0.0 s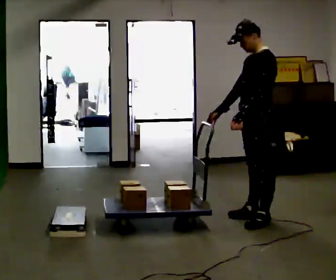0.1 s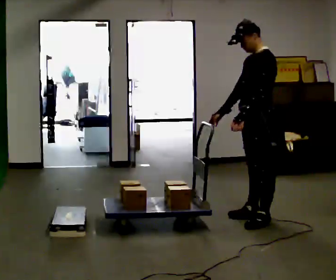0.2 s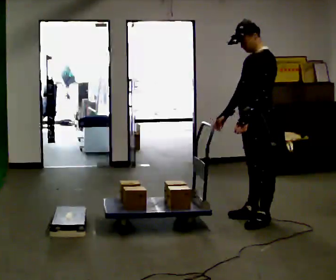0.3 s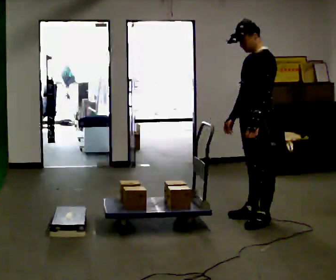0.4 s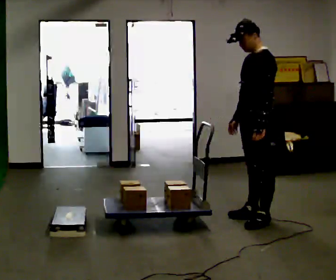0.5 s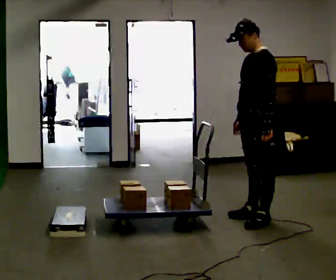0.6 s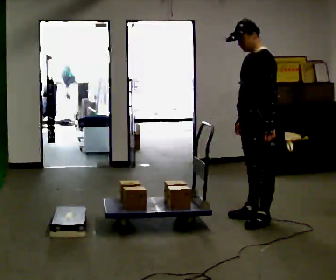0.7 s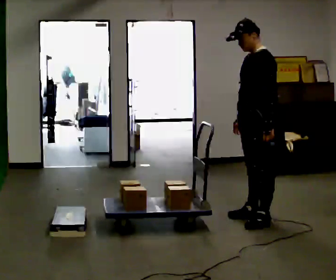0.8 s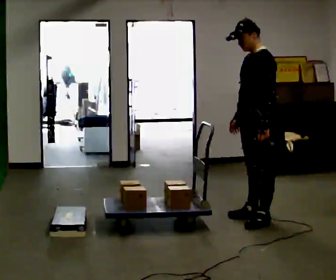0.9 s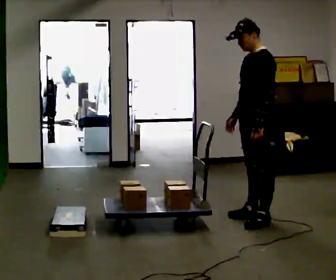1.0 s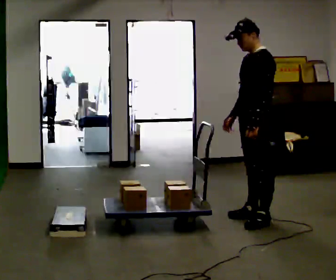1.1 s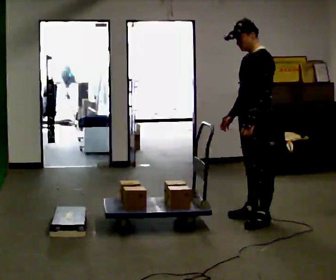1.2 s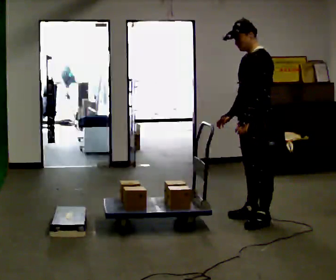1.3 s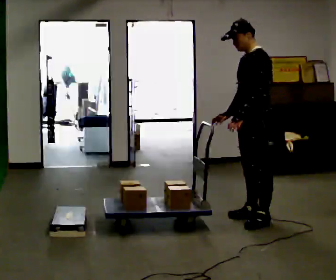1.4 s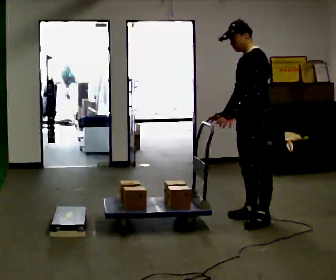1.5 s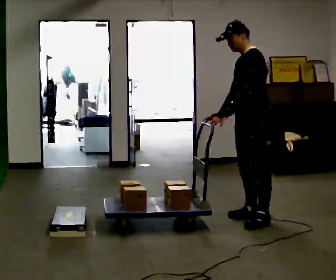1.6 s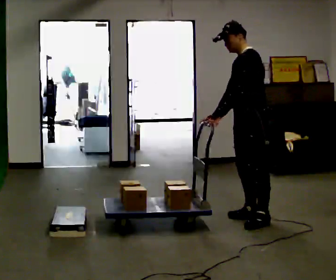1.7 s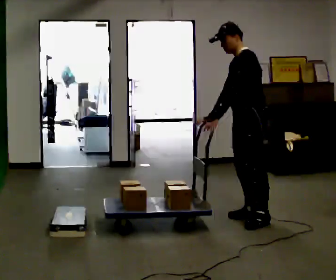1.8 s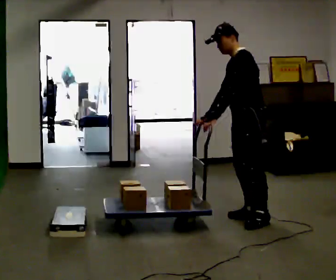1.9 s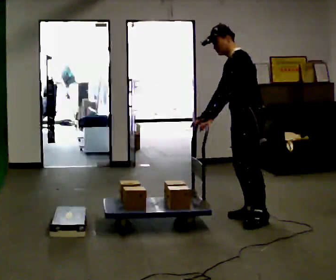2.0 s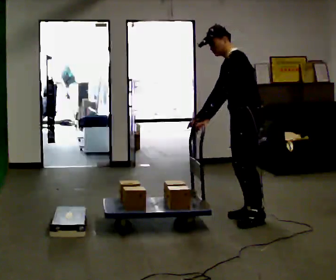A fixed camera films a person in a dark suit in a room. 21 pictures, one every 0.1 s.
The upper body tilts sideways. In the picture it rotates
counterclockwise.
0.0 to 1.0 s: The person moves a little, or ends about where they began.
1.0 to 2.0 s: In the picture the upper body tilts counterclockwise, shoulders to the left, as they bend forward.
The film runs forward here.
